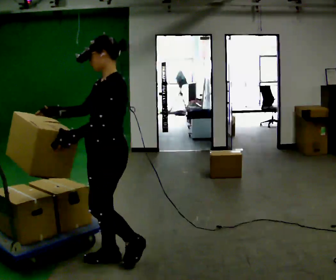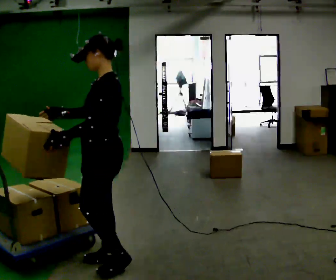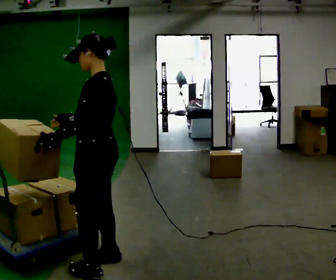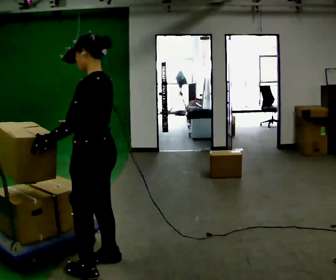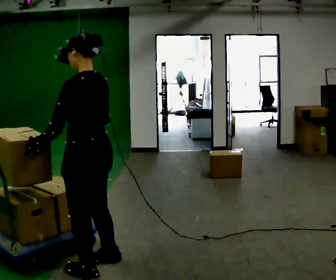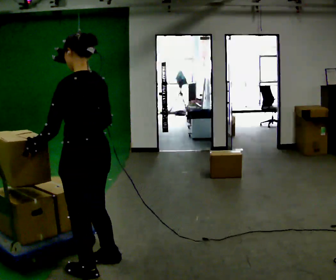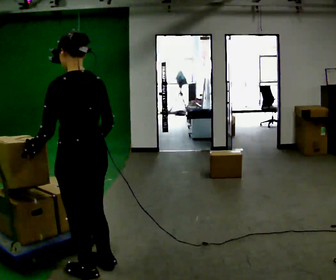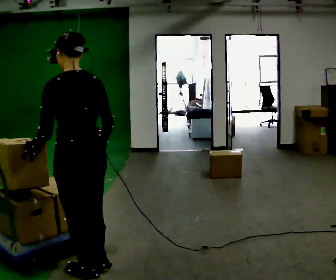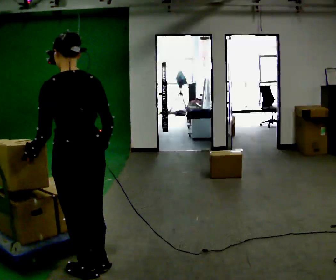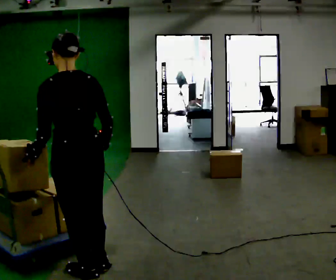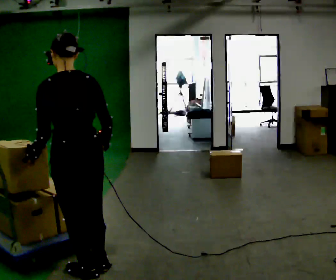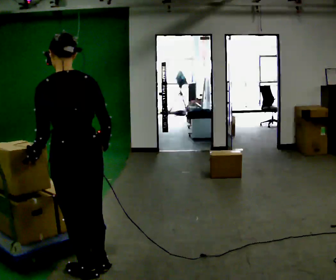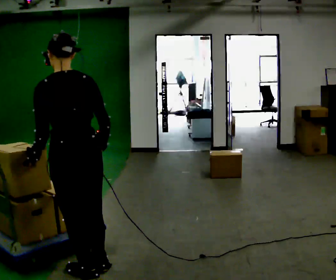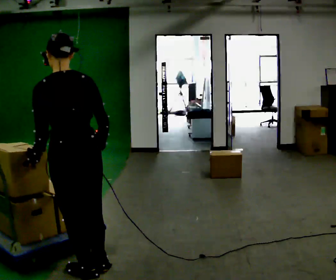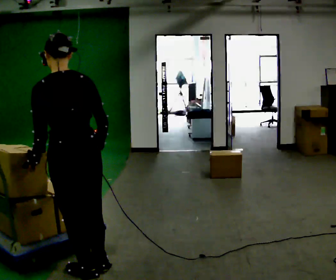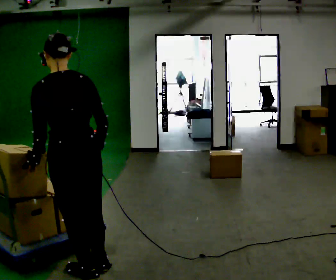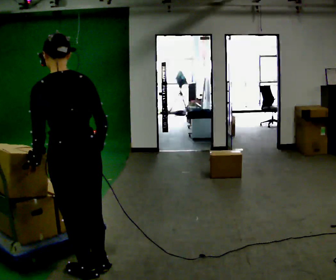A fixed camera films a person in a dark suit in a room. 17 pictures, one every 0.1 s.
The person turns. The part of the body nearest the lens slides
to the left.
Their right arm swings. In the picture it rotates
counterclockwise.
0.0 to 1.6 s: The person turns about 90 degrees to their right, clockwise seen from above, so the part of the body nearest the lens slides to the left. In the picture they go toward the camera and to the left, about 0.25 m in 2 steps. In the picture the upper body tilts counterclockwise, shoulders to the left.
The film runs forward here.
